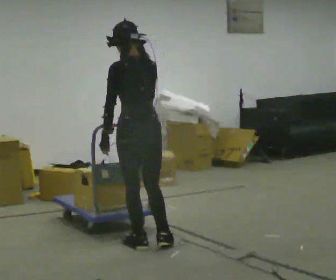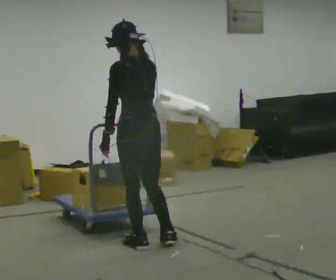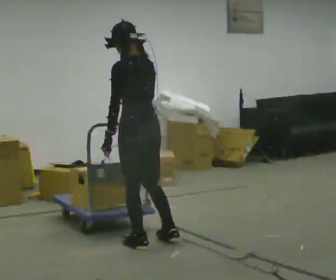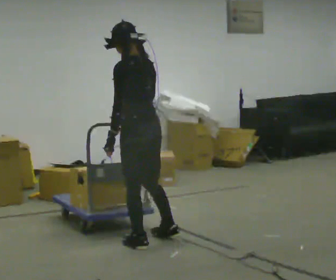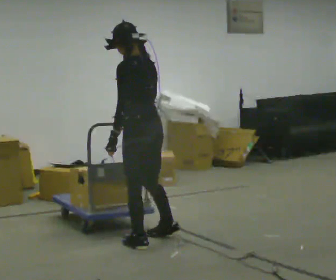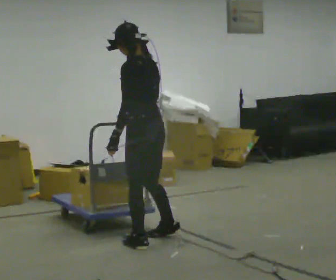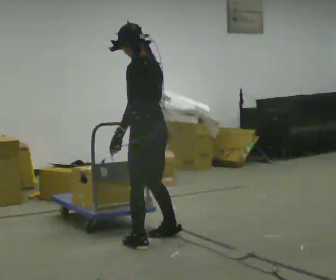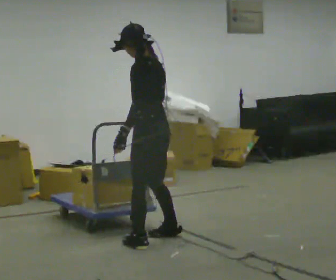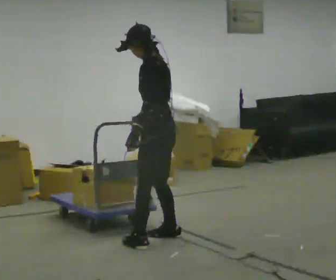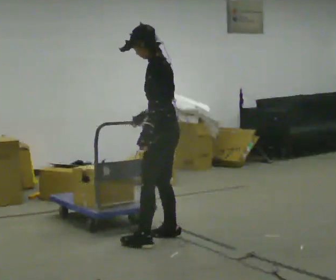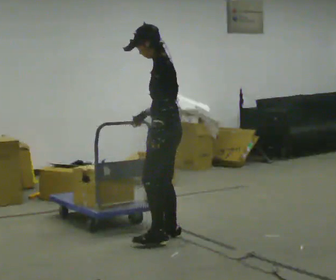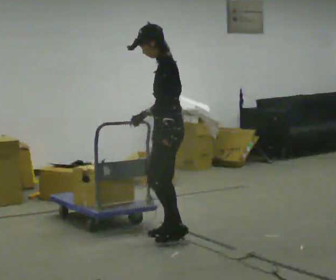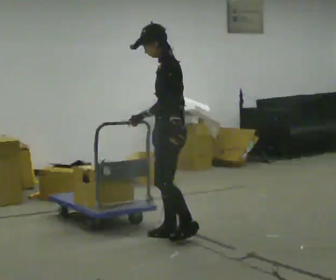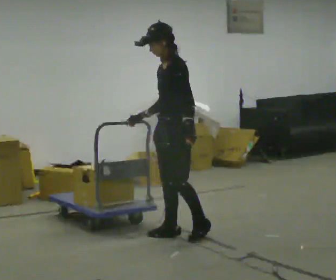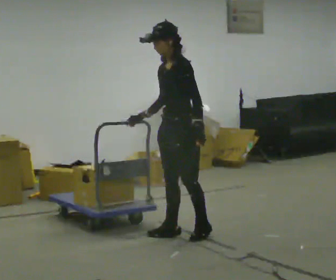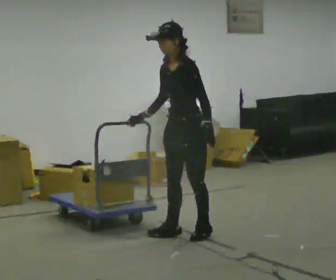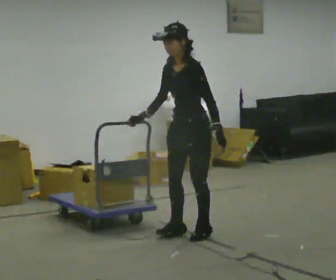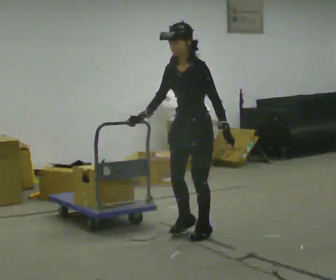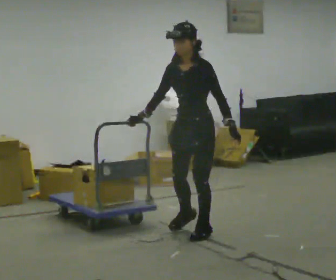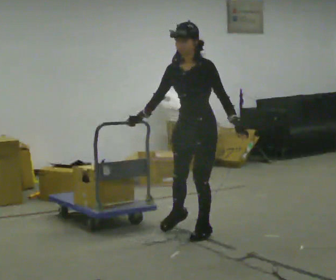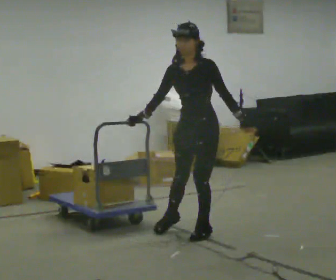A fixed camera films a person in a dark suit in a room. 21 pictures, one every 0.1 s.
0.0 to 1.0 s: The person turns about 60 degrees to their left, counterclockwise seen from above, so the part of the body nearest the lens slides to the right. In the picture they go away from the camera and to the right, about 0.25 m in 1 step, which for them is to their right.
1.0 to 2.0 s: The person turns about 60 degrees to their left, counterclockwise seen from above, so the part of the body nearest the lens slides to the right. In the picture they go to the right, about 0.25 m in 1 step.
The film runs forward here.
